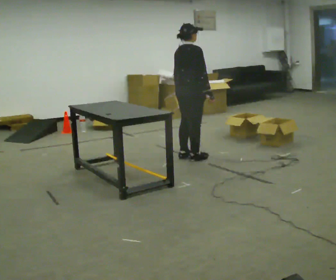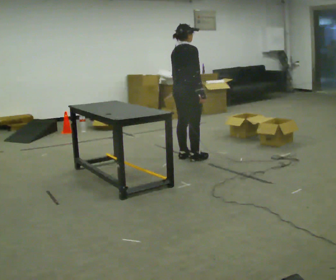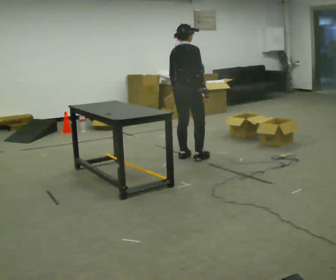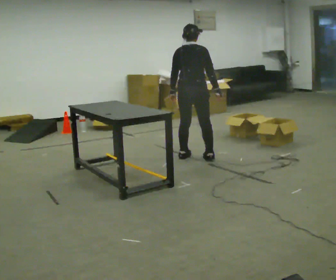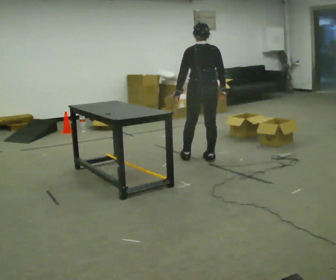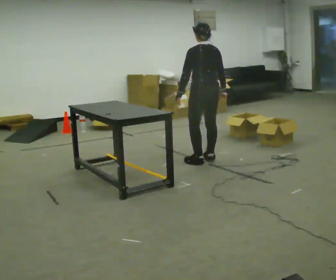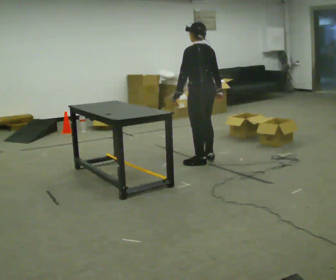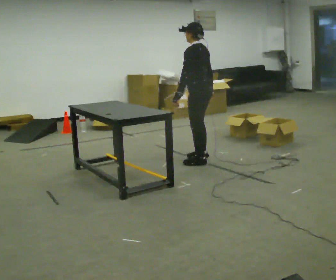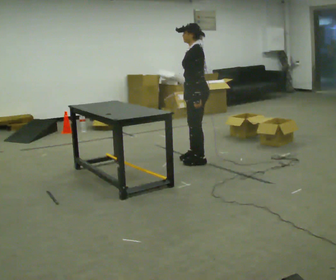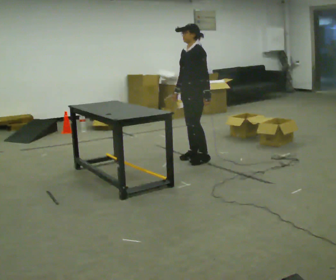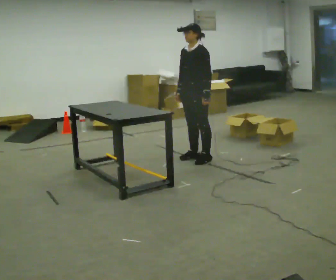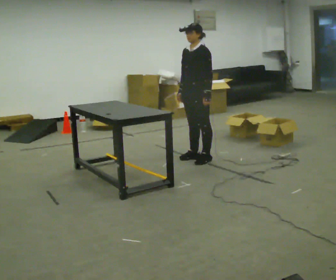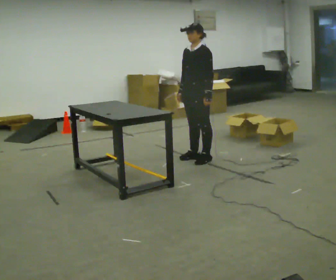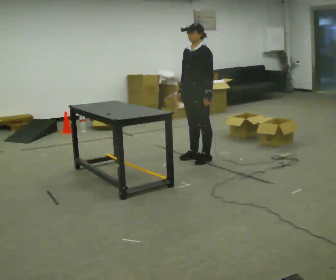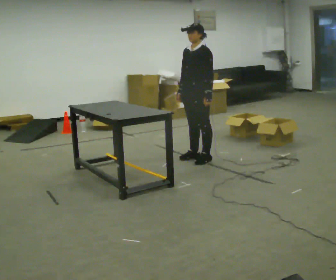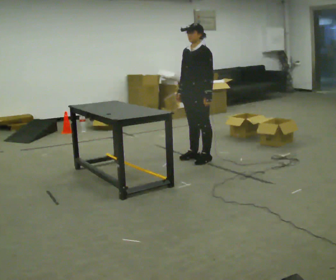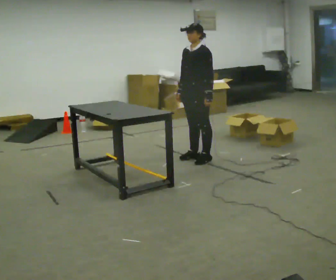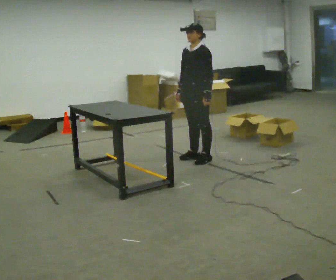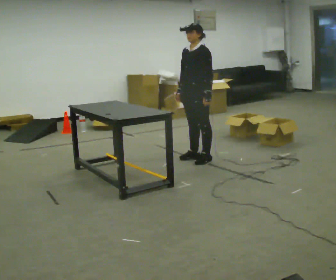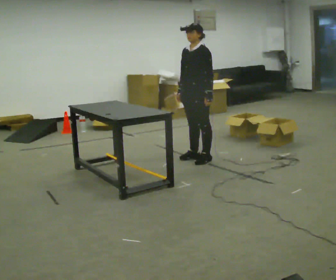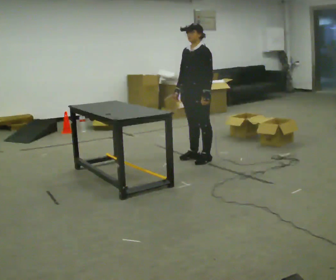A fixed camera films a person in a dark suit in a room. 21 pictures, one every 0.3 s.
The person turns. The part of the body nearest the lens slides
to the right.
The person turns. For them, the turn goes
to their left.
0.0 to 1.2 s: Seen from above the body turns counterclockwise, about 60 degrees: to their left, with its near side sliding to the right. In the picture they go to the right, about 0.25 m in 2 steps, which for them is to their right.
1.2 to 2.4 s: Seen from above the body turns counterclockwise, about 90 degrees: to their left, with its near side sliding to the right.
2.4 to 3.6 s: The part of the body nearest the lens slides to the right as the person turns to their left by about 30 degrees.
3.6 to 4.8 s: The person keeps their place and pose.
4.8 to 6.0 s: The person moves a little, or ends about where they began.
The film runs backward here.
